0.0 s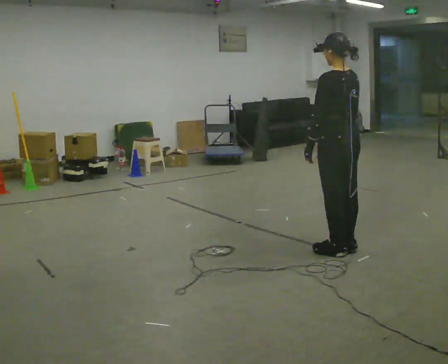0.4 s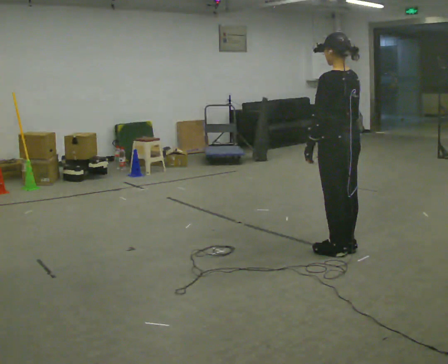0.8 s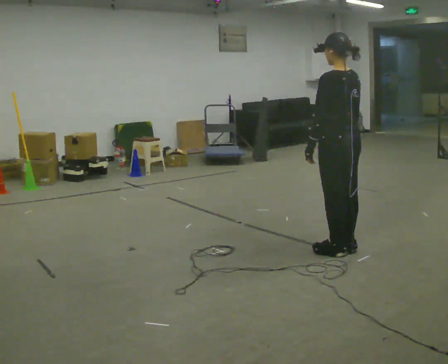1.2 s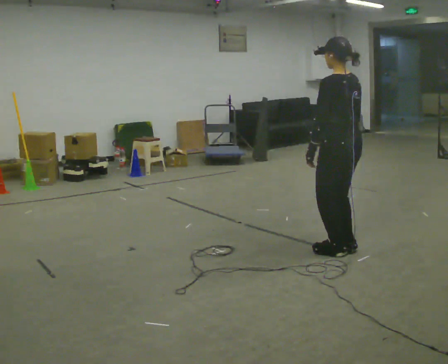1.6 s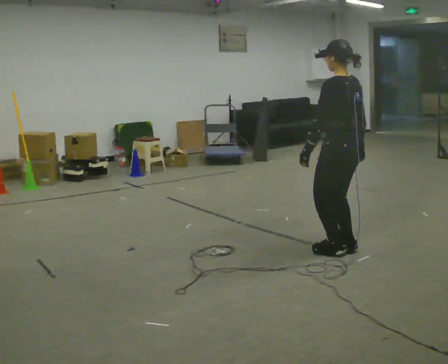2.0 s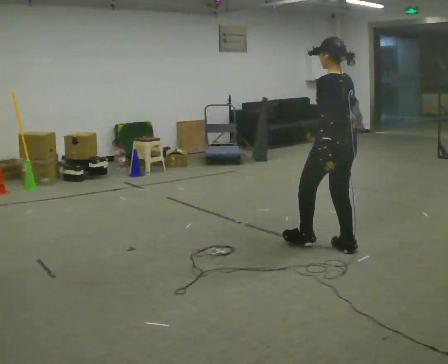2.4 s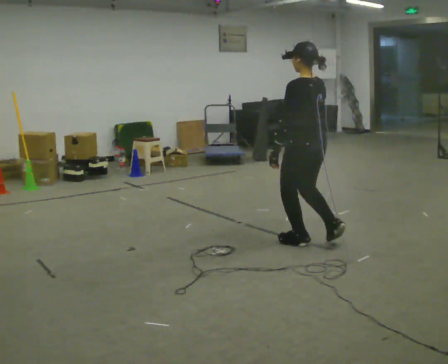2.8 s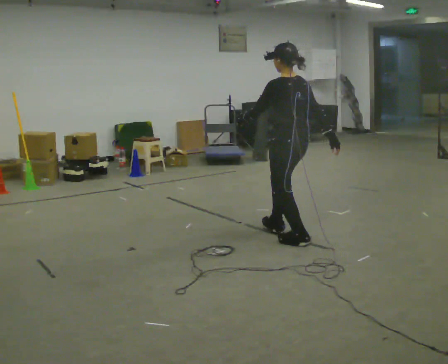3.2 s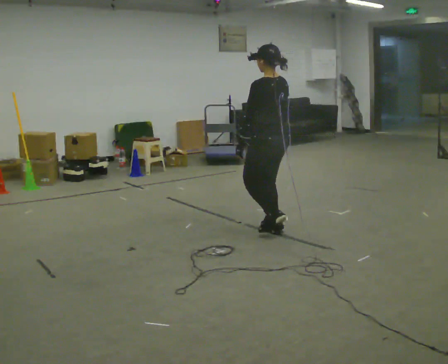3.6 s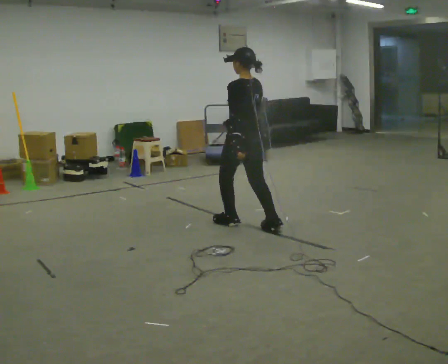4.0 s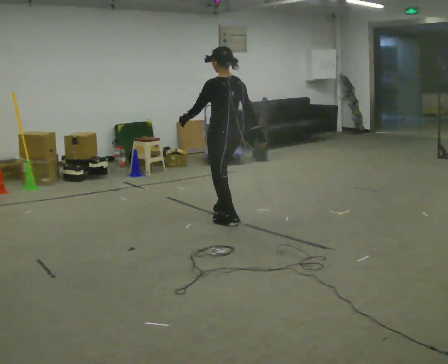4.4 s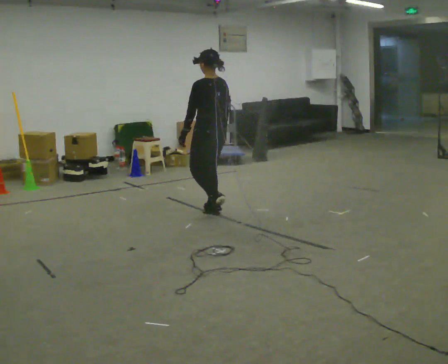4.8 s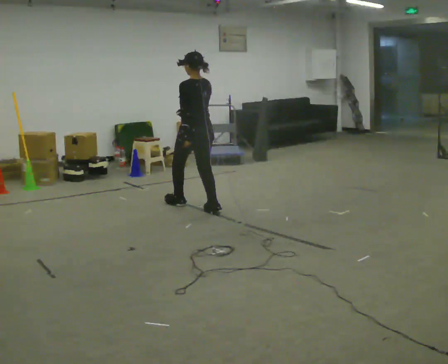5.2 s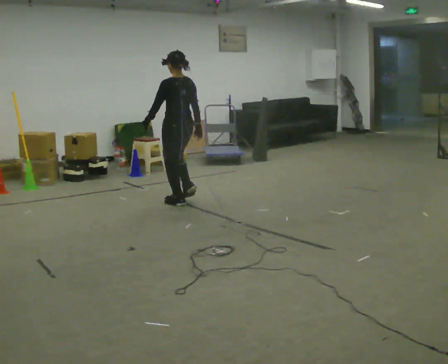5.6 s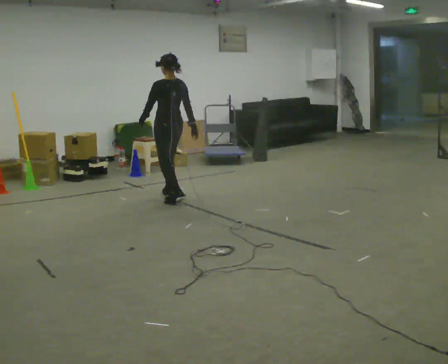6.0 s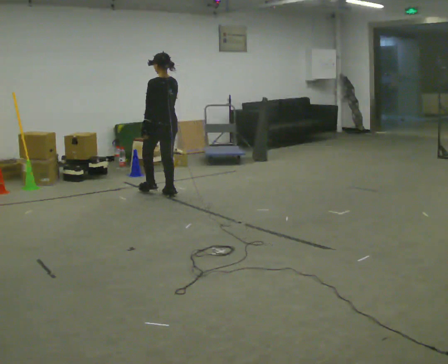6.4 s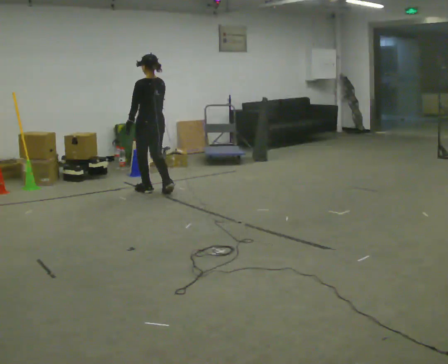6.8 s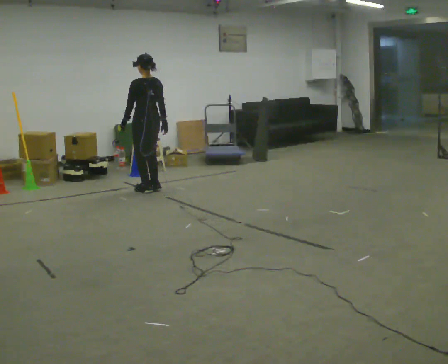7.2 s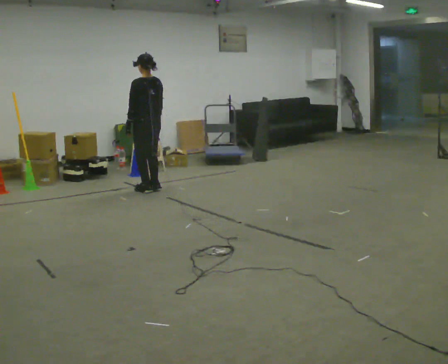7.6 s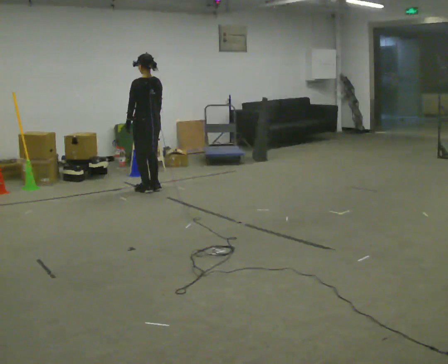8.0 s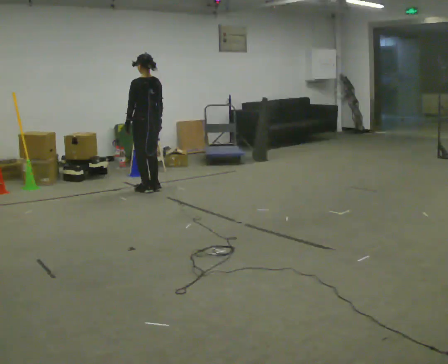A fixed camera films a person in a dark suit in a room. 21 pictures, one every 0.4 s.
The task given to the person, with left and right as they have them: Walk forward in a lowered crouched posture at a comfortable speed; do not go lower than is comfortable; stop.
0.0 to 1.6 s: The person moves a little, or ends about where they began.
1.6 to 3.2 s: In the picture they go away from the camera and to the left, about 0.5 m in 2 steps, which for them is forward.
3.2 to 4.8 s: In the picture they go away from the camera and to the left, about 1 m in 2 steps, which for them is forward.
4.8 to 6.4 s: In the picture they go away from the camera and to the left, about 1 m in 3 steps, which for them is forward.
6.4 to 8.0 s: The person moves a little, or ends about where they began.
The film runs forward here.
